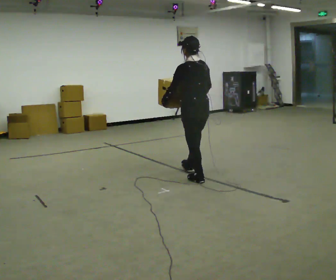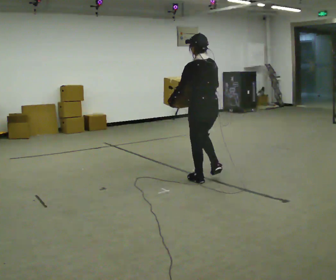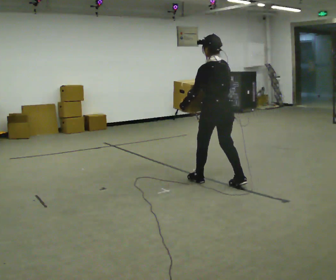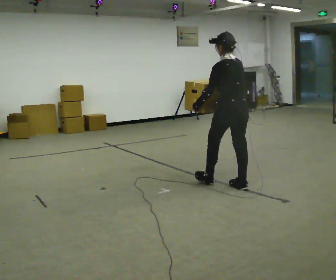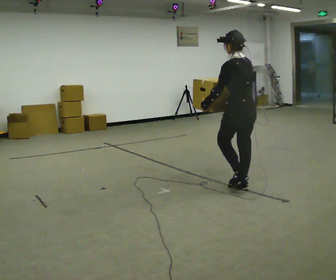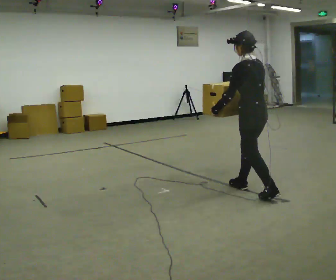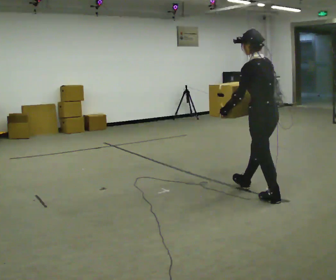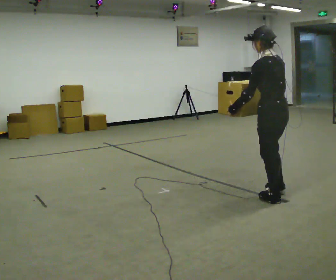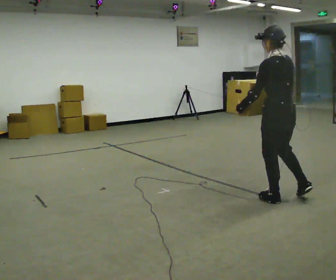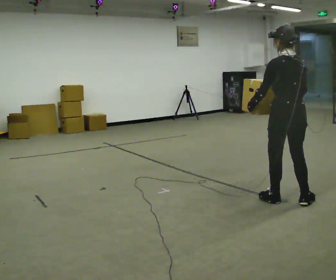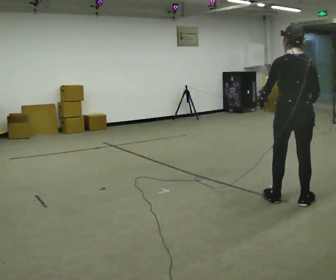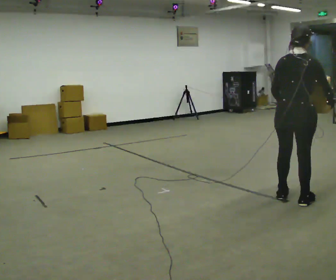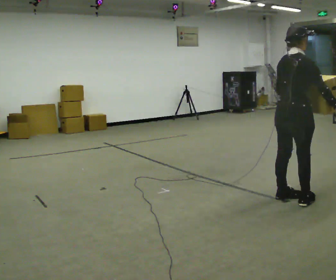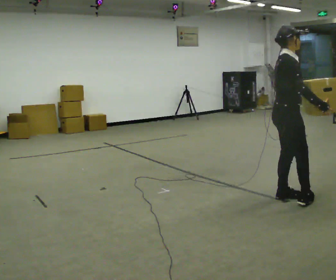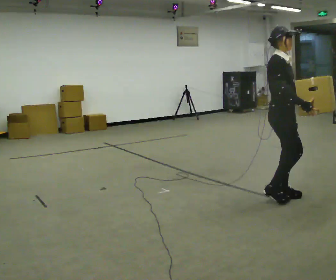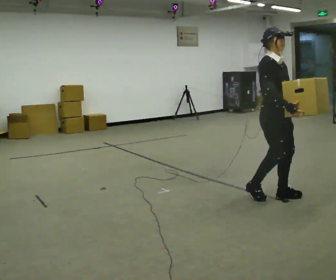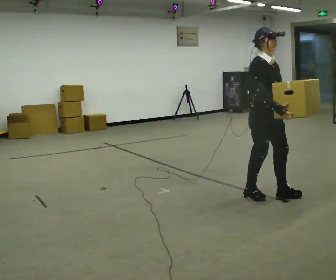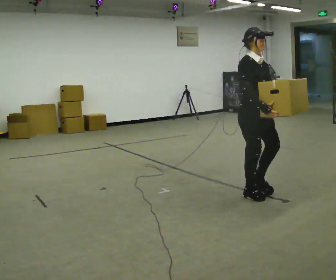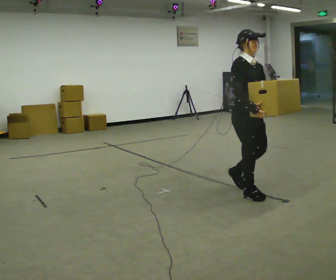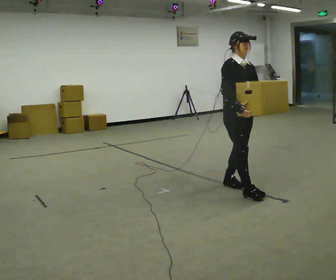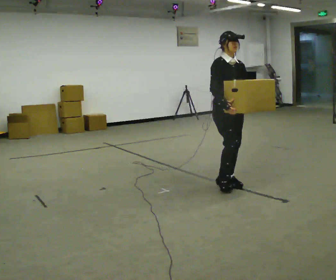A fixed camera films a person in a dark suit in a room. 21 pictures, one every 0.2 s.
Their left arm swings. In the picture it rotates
counterclockwise.
The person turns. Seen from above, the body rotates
clockwise.
0.0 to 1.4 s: In the picture they go to the right and toward the camera, about 1 m in 2 steps, which for them is backward.
1.4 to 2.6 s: Seen from above the body turns clockwise, about 135 degrees: to their right, with its near side sliding to the left. In the picture their right hand goes to the right, the arm swinging counterclockwise.
2.6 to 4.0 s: The person turns about 60 degrees to their right, clockwise seen from above, so the part of the body nearest the lens slides to the left. In the picture they go to the left and away from the camera, about 0.5 m in 2 steps, which for them is backward.
The film runs backward here.
